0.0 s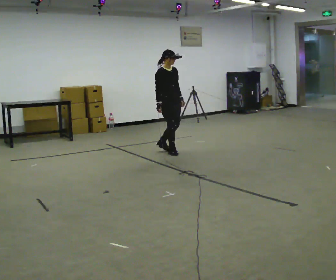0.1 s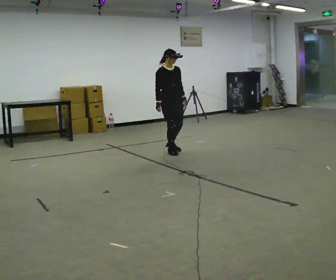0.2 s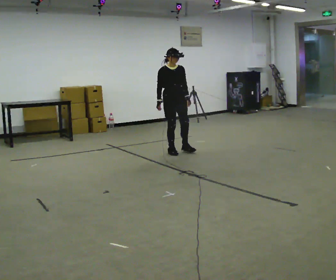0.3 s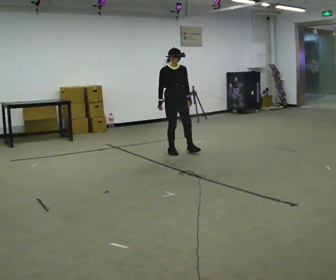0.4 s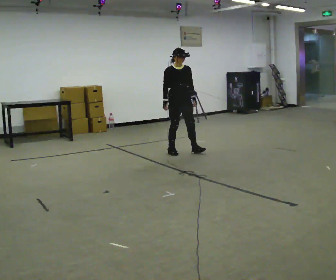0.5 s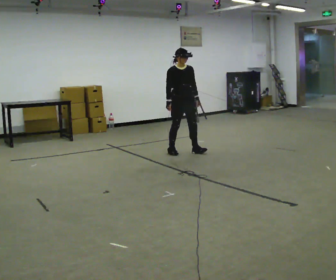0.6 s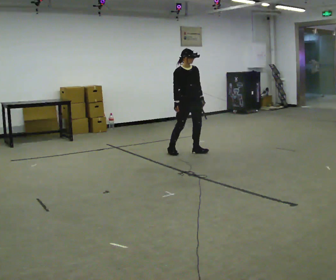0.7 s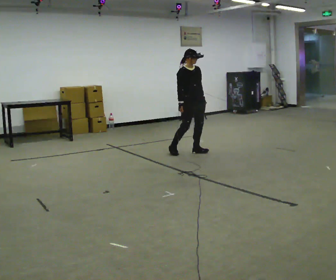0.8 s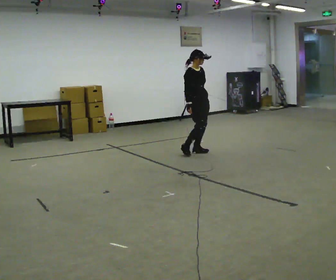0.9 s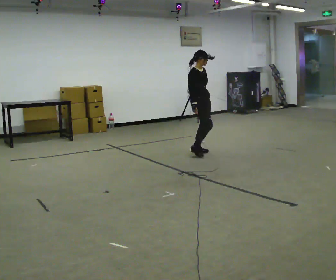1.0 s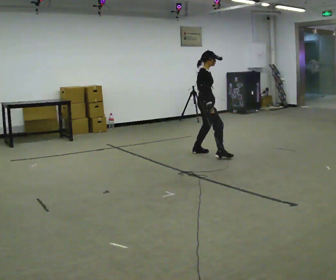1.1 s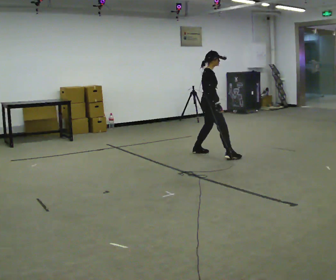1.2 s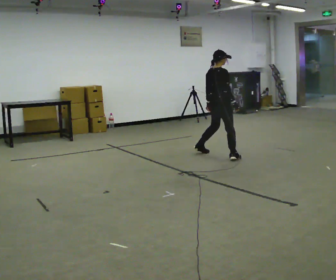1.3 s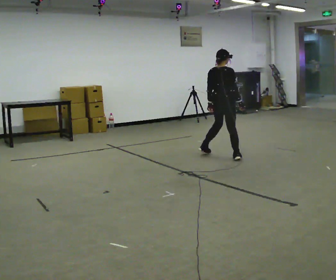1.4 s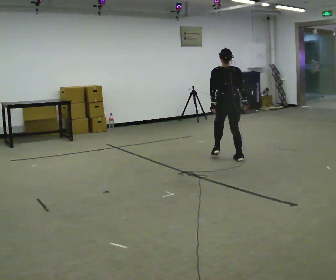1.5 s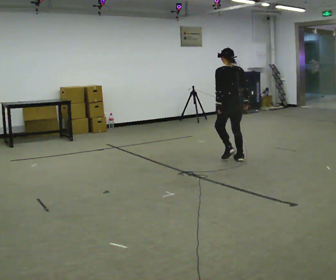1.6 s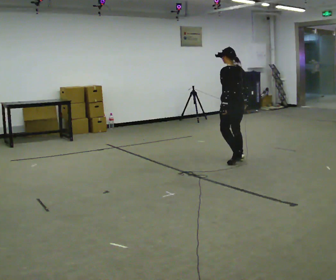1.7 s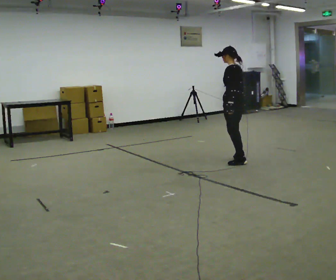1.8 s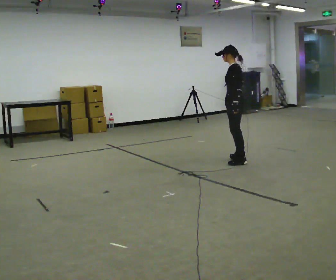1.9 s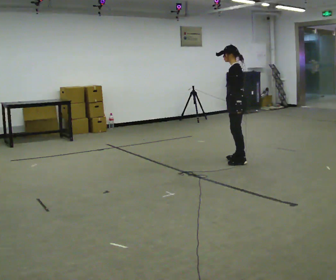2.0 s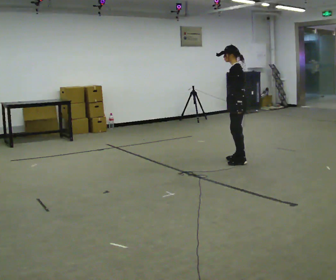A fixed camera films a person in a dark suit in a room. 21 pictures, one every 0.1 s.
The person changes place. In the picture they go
to the right.
0.0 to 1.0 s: In the picture they go to the right, about 0.5 m in 1 step, which for them is to their left and forward.
1.0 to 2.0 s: The person turns about 195 degrees to their left, counterclockwise seen from above, so the part of the body nearest the lens slides to the right. In the picture they go to the right and toward the camera, about 0.5 m in 1 step.
The film runs backward here.
